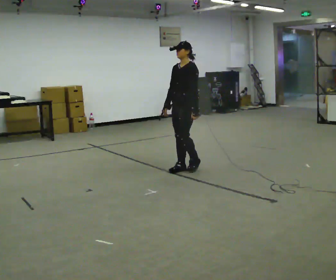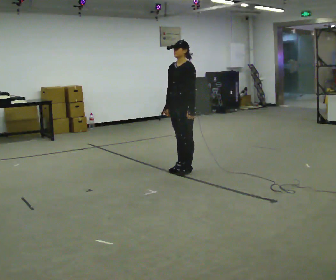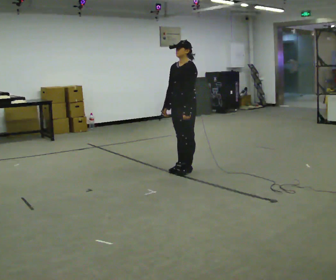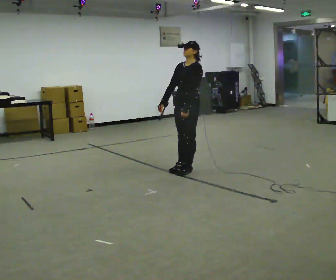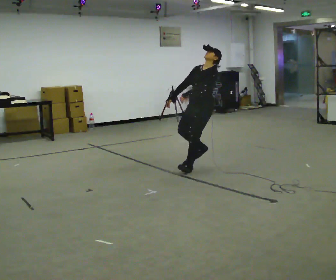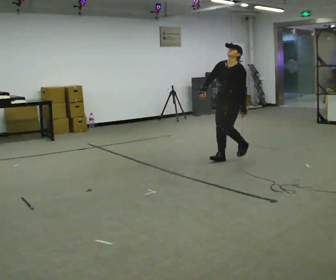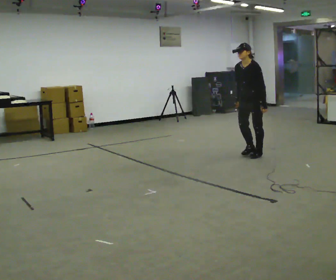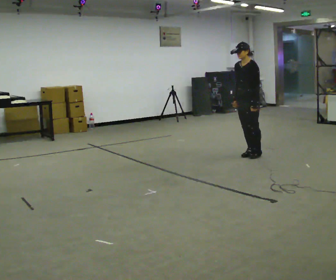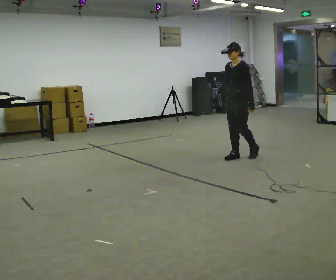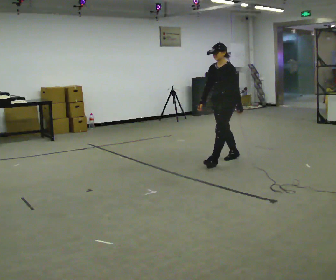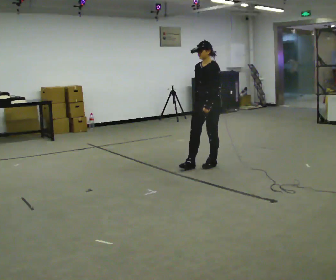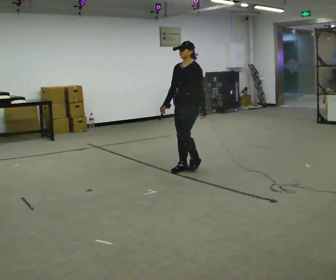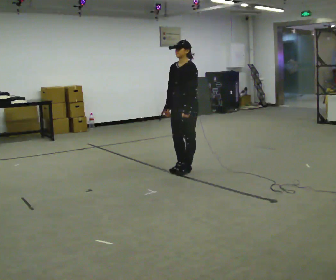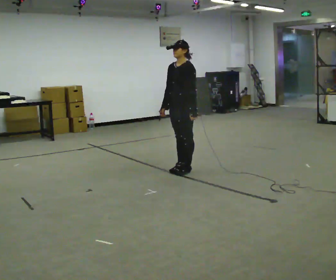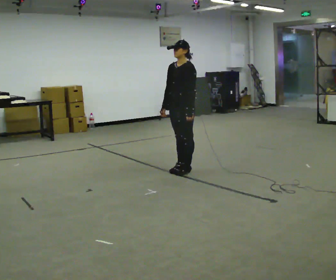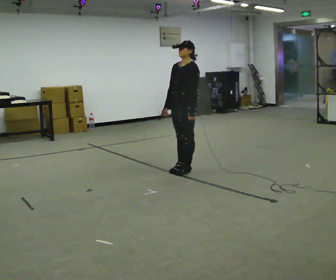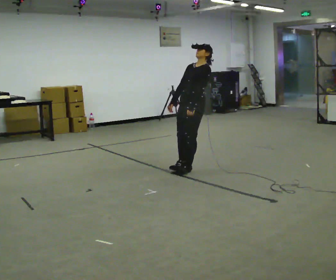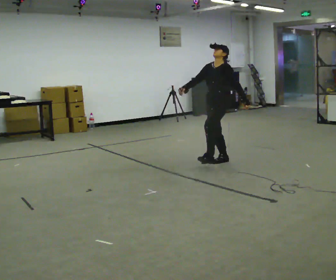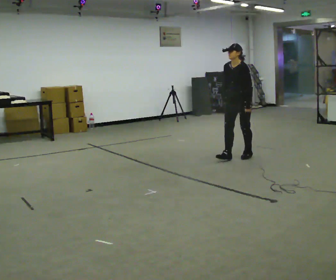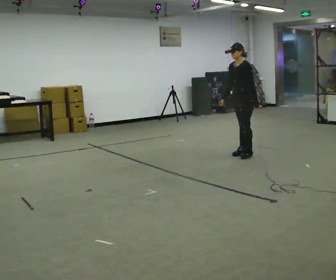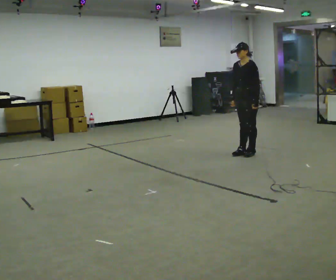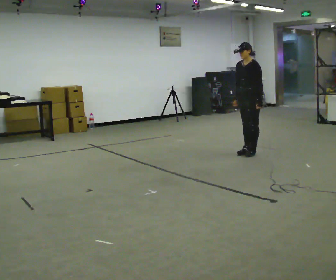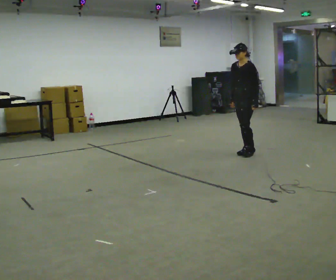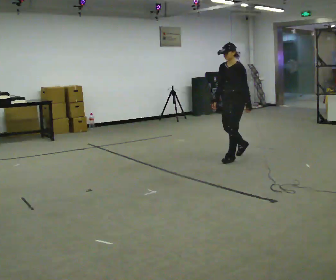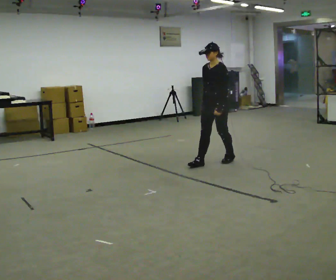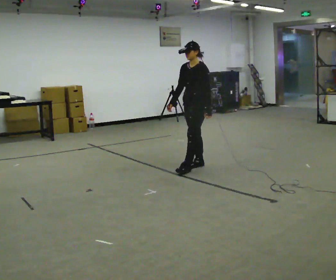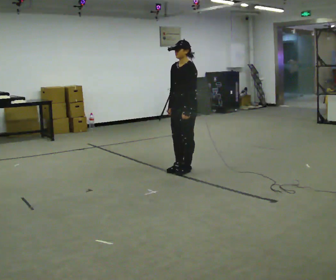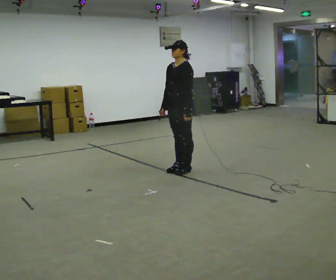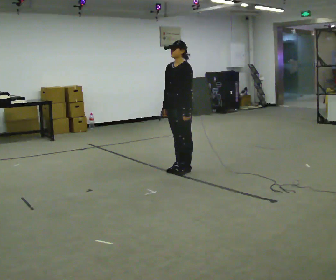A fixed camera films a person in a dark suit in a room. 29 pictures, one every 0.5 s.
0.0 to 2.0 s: In the picture they go to the right and away from the camera, about 0.25 m in 1 step, which for them is backward.
2.0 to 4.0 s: In the picture they go to the right and away from the camera, about 0.5 m in 4 steps, which for them is backward.
4.0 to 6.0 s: In the picture they go to the left and toward the camera, about 1 m in 3 steps, which for them is forward.
6.0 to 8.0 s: In the picture the upper body tilts clockwise, shoulders to the right, as they lean back or straighten.
8.0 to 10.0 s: In the picture they go away from the camera and to the right, about 1 m in 3 steps, which for them is backward.
10.0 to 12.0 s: In the picture they go toward the camera and to the left, about 0.5 m in 2 steps, which for them is forward.
12.0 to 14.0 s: In the picture they go to the left and toward the camera, about 0.5 m in 2 steps, which for them is forward.
The film runs forward here.
